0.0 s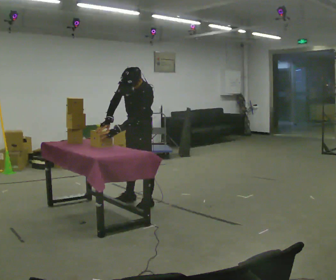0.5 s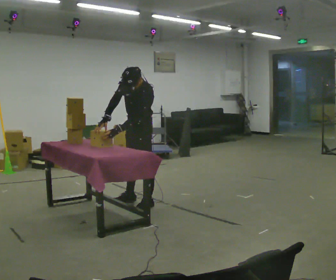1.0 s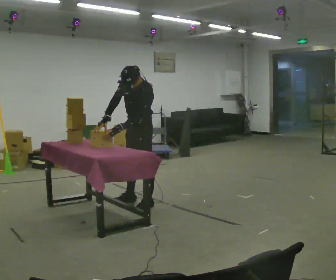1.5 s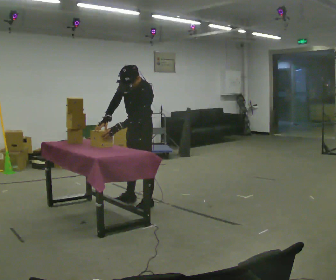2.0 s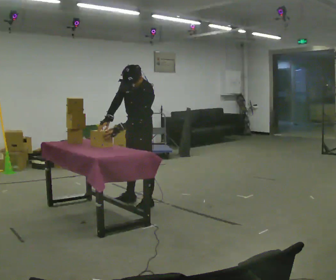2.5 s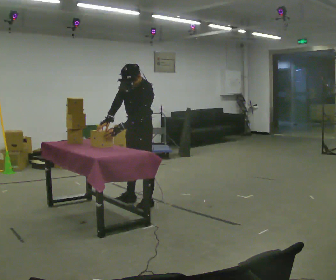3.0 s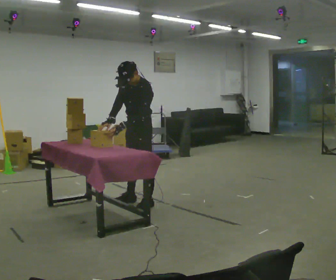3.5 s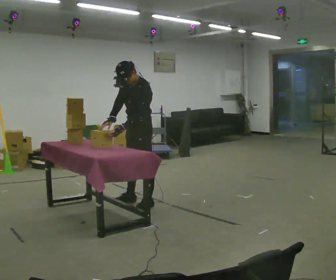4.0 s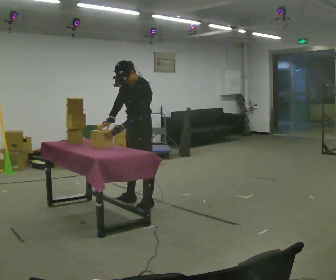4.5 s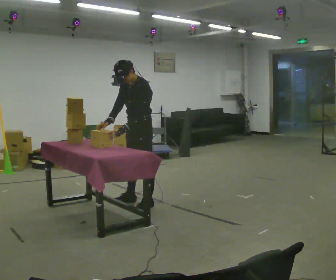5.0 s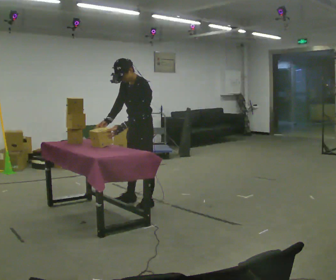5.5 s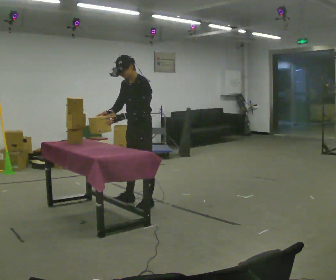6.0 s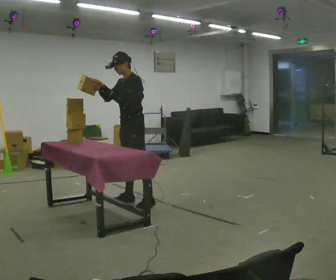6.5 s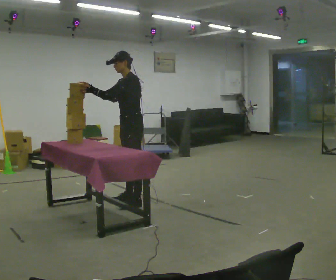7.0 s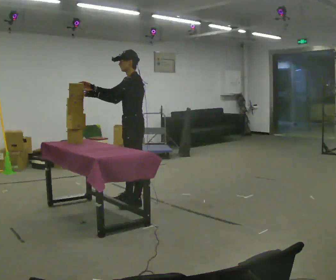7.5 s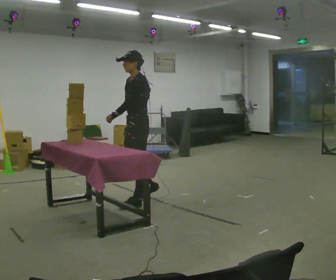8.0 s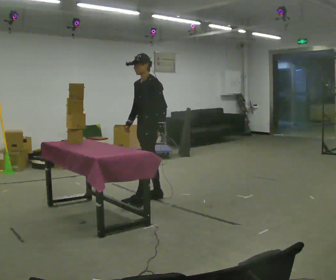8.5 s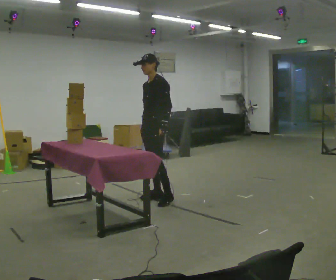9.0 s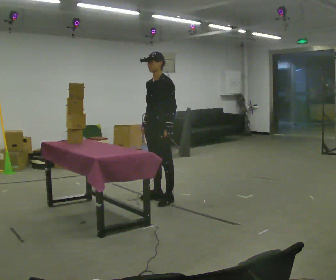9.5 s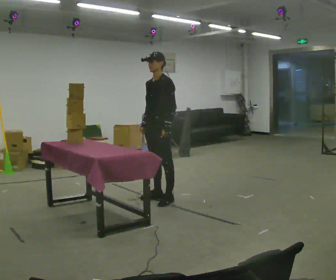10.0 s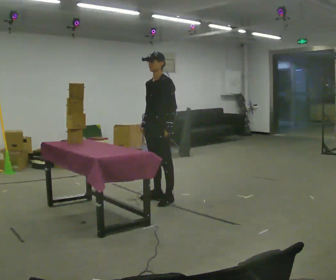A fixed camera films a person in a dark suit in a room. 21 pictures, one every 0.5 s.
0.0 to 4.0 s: The person moves a little, or ends about where they began.
4.0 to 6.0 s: The upper body tips away from the camera, its near side rolling upward, as they lean back or straighten. In the picture their right hand goes upward.
6.0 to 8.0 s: In the picture they go to the right, about 0.25 m in 2 steps, which for them is backward. In the picture their right hand goes downward and to the right, the arm swinging counterclockwise.
8.0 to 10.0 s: The person moves a little, or ends about where they began.
The film runs backward here.
